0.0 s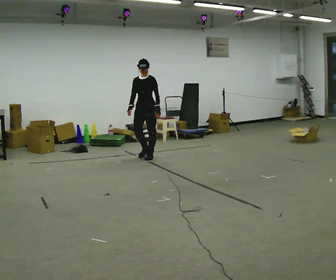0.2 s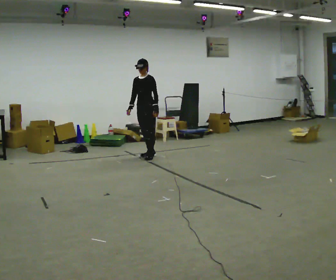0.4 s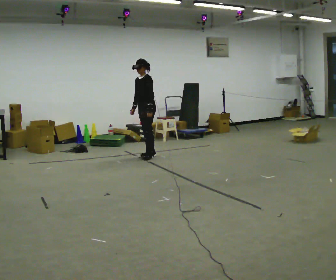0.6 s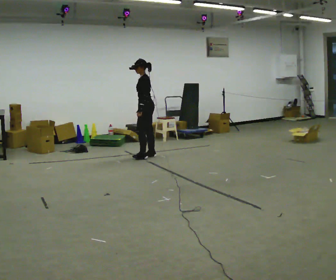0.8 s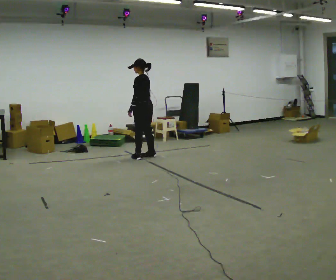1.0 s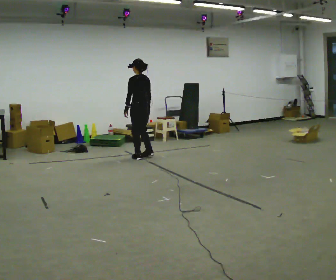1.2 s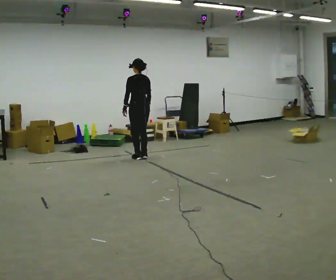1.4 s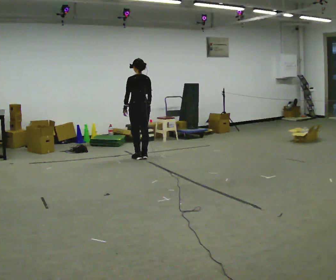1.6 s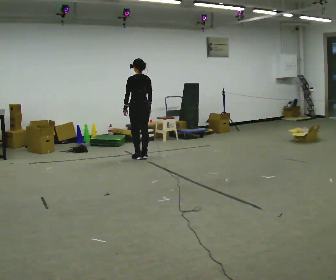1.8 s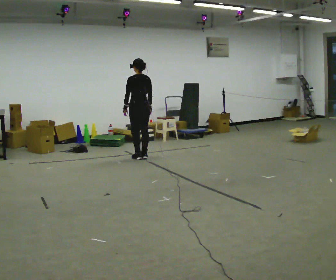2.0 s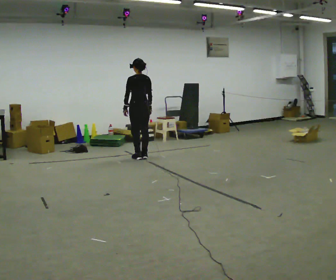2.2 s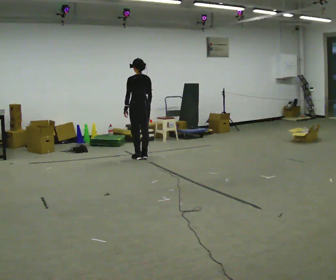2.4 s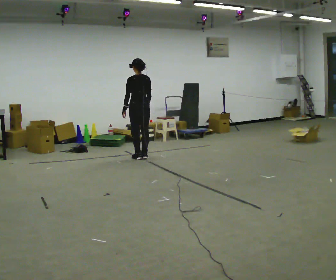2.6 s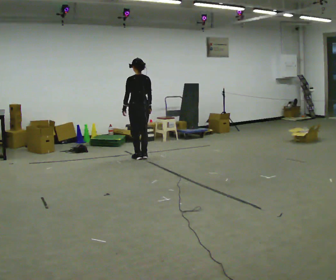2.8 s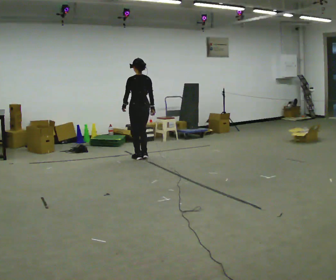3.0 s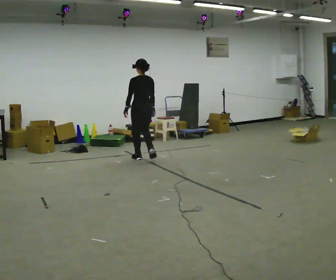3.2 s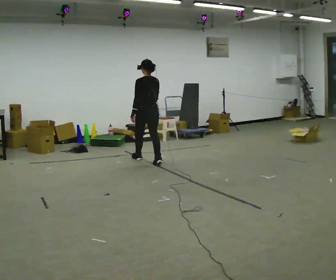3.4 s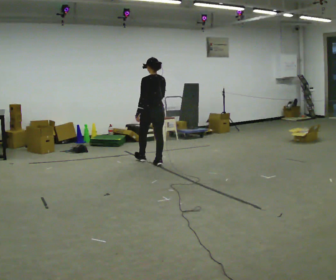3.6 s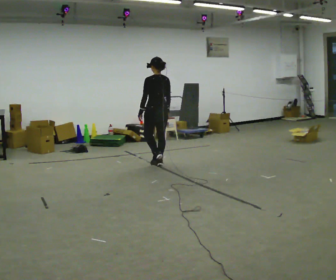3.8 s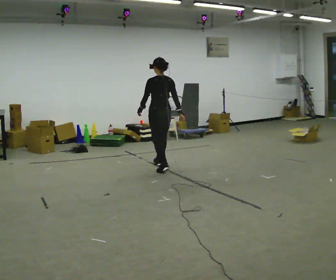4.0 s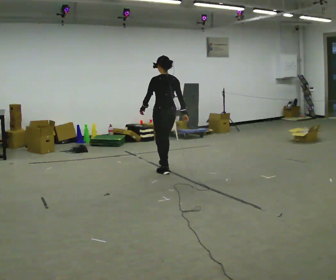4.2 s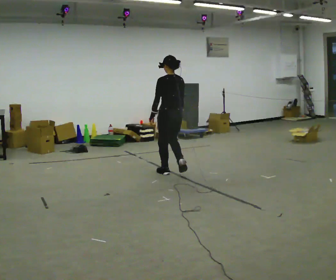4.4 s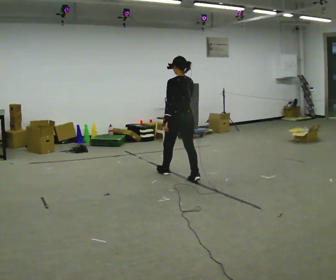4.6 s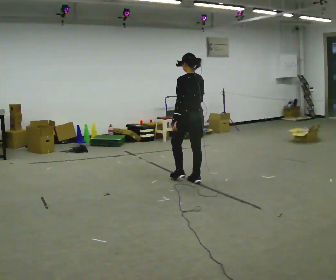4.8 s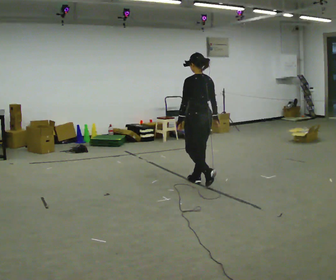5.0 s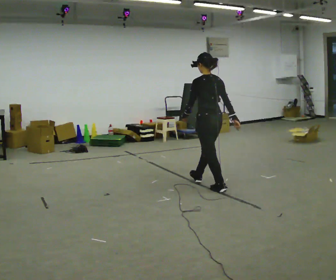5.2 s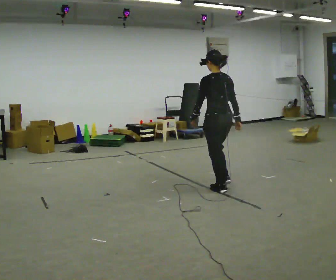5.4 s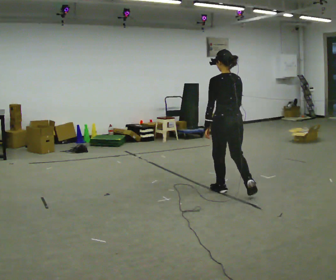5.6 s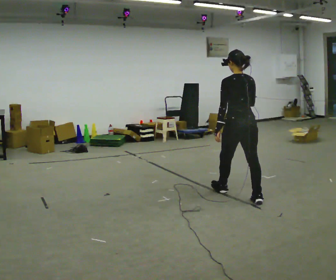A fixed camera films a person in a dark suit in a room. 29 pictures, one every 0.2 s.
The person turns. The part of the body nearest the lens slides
to the left.
The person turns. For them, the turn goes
to their right.
0.0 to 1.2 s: Seen from above the body turns clockwise, about 135 degrees: to their right, with its near side sliding to the left. In the picture their left hand goes to the left, the arm swinging clockwise.
1.2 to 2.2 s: The person moves a little, or ends about where they began.
2.2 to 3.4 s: In the picture they go toward the camera and to the right, about 0.5 m in 2 steps, which for them is backward.
3.4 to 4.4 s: In the picture they go toward the camera, about 1 m in 1 step, which for them is backward.
4.4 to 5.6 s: In the picture they go toward the camera and to the right, about 1 m in 2 steps, which for them is backward.
The film runs backward here.
